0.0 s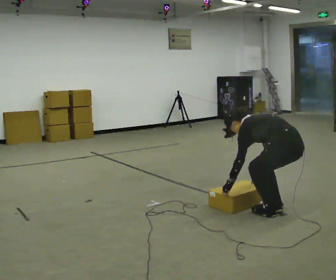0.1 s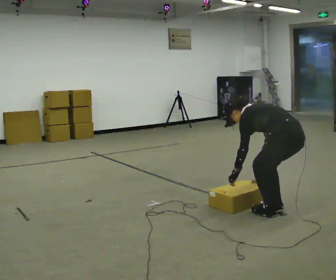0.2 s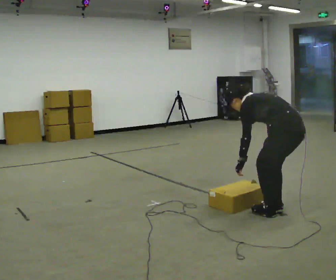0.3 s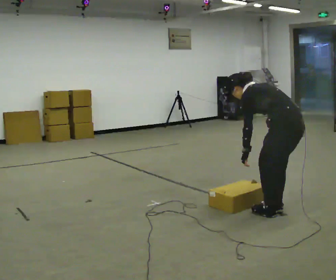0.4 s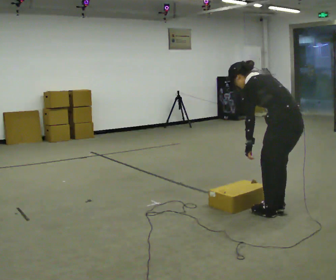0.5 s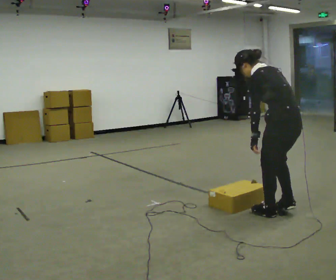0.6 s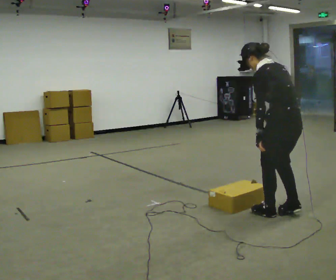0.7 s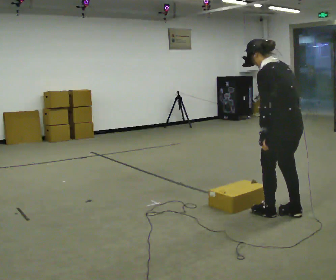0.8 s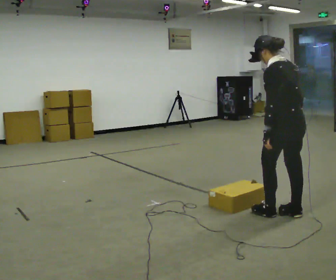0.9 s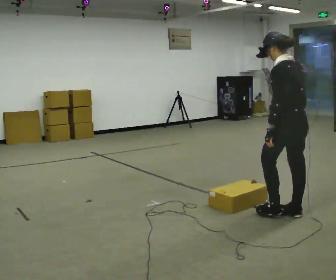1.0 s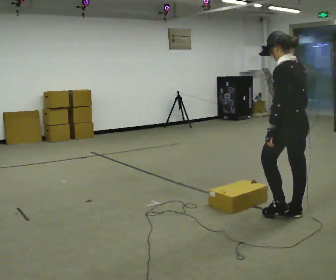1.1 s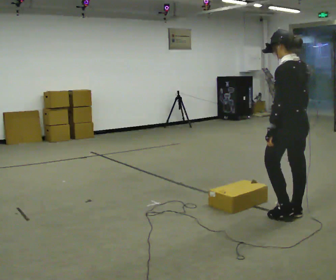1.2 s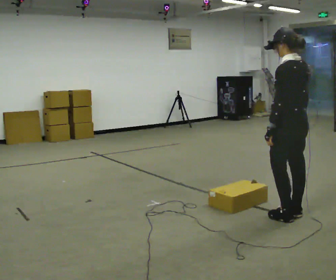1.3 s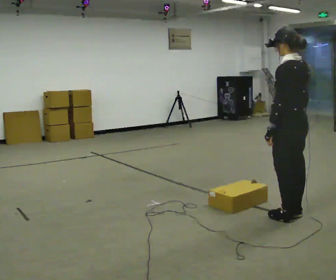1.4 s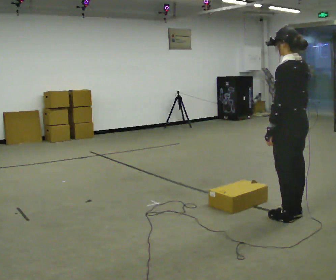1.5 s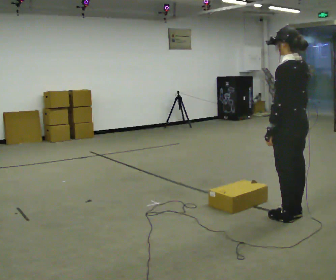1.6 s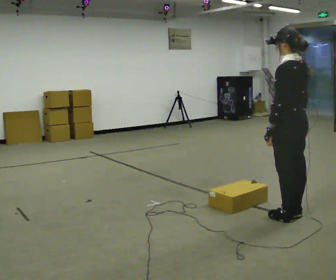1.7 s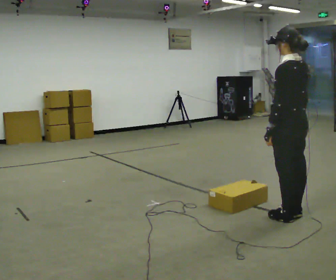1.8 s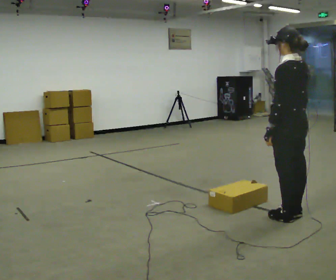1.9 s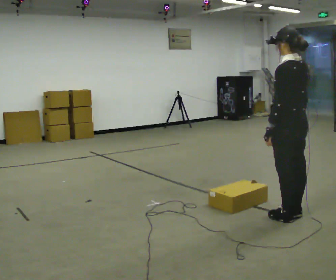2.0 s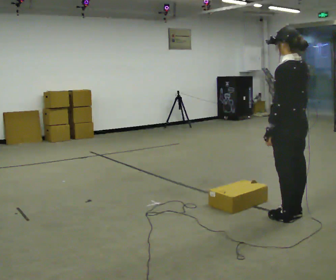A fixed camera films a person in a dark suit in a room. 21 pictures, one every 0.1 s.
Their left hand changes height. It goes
upward.
The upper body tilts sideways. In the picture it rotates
clockwise.
0.0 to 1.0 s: The shoulders move upward. In the picture the upper body tilts clockwise, shoulders to the right, as they lean back or straighten. In the picture their right hand goes upward and to the right.
1.0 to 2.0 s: The person moves a little, or ends about where they began.
The film runs backward here.
